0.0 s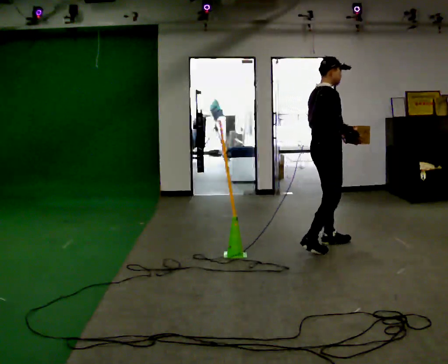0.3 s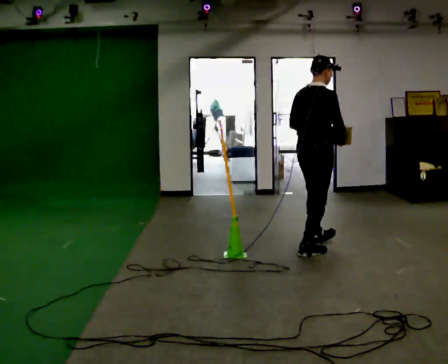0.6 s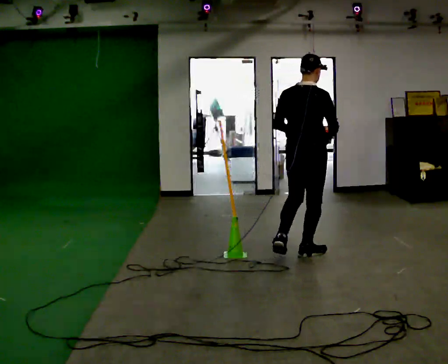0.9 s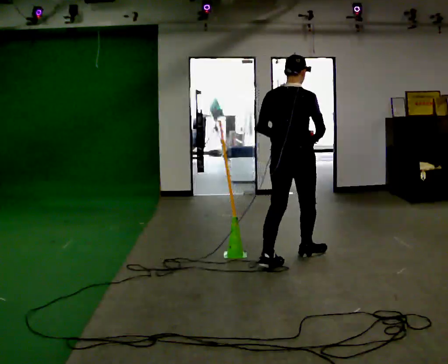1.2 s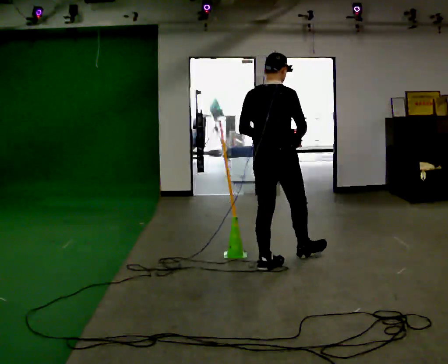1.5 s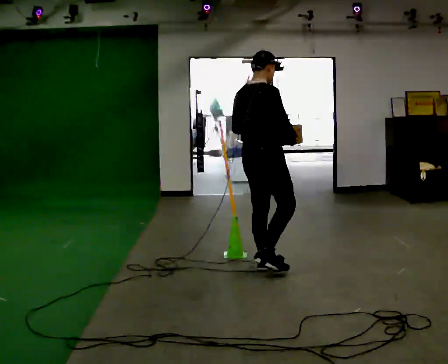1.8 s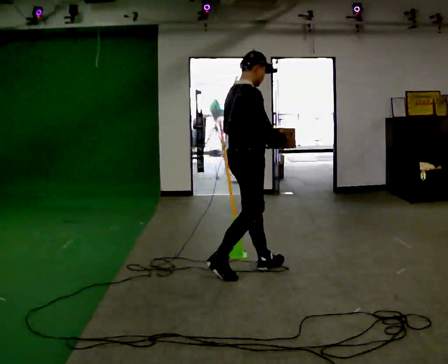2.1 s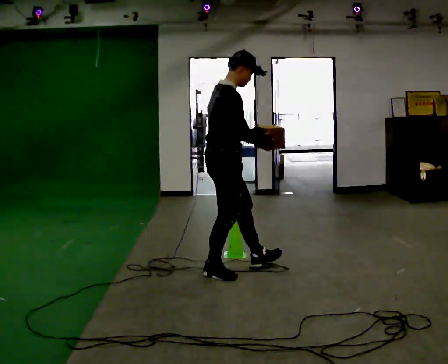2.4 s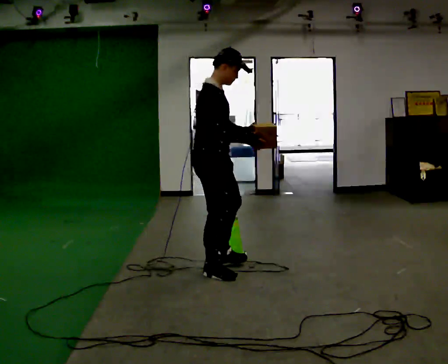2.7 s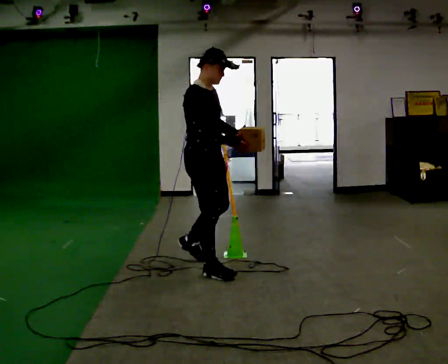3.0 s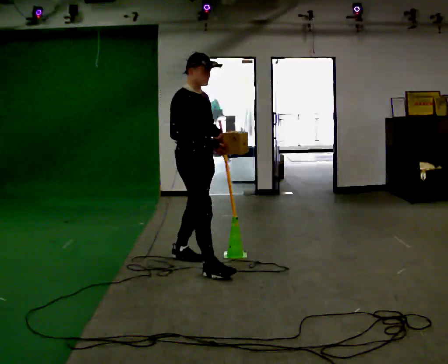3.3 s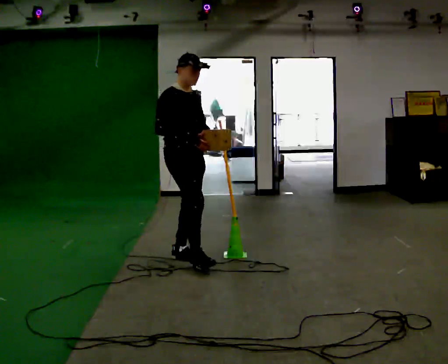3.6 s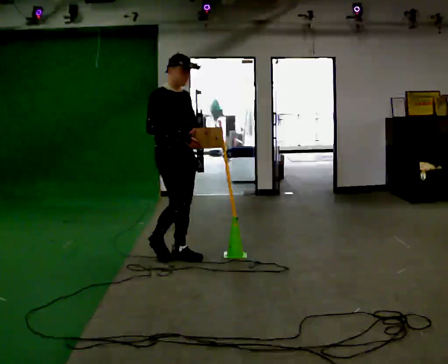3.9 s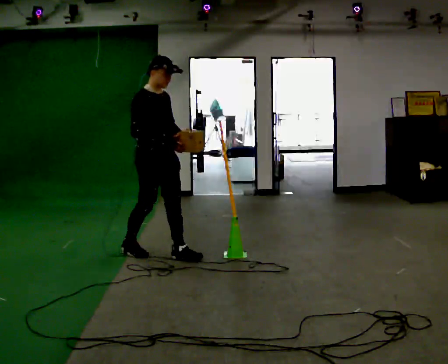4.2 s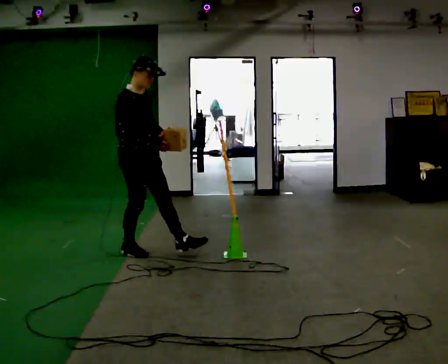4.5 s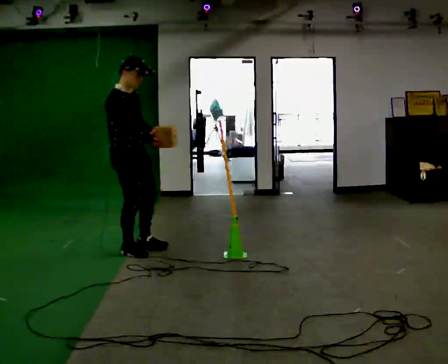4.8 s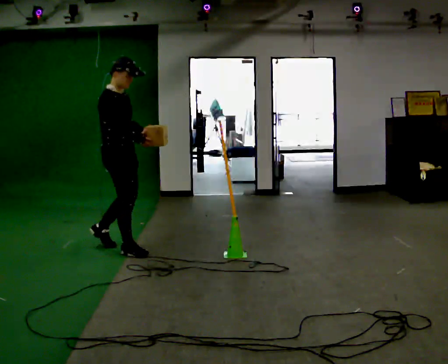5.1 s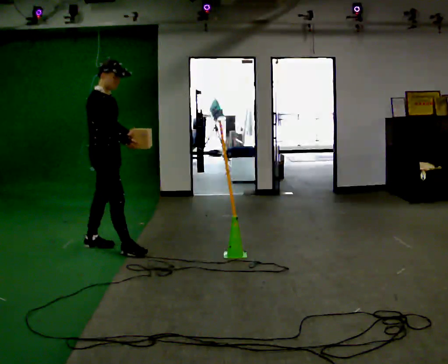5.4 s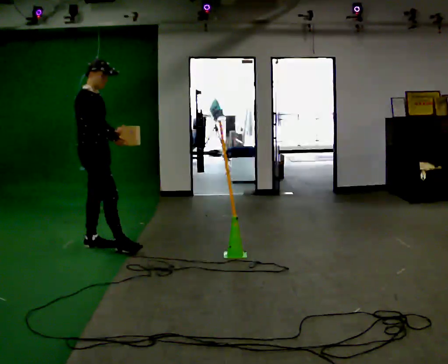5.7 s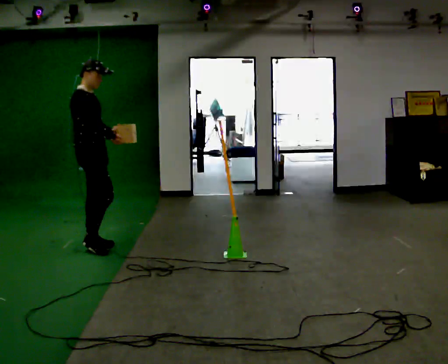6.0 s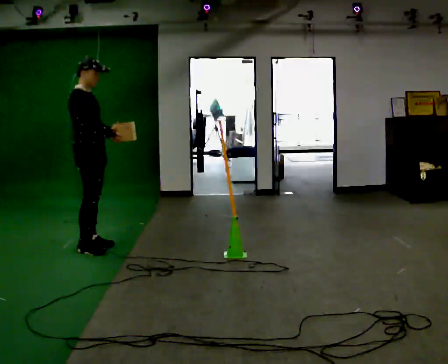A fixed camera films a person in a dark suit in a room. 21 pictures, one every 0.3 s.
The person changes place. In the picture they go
to the left.
0.0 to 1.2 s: The part of the body nearest the lens slides to the right as the person turns to their left by about 45 degrees. In the picture they go to the left and toward the camera, about 0.75 m in 2 steps, which for them is backward.
1.2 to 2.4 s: Seen from above the body turns clockwise, about 60 degrees: to their right, with its near side sliding to the left. In the picture they go to the left, about 0.5 m in 1 step.
2.4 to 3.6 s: The person turns about 30 degrees to their right, clockwise seen from above, so the part of the body nearest the lens slides to the left. In the picture they go away from the camera and to the left, about 0.5 m in 1 step, which for them is backward and to their left.
3.6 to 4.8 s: The person turns about 30 degrees to their left, counterclockwise seen from above, so the part of the body nearest the lens slides to the right. In the picture they go to the left, about 0.5 m in 1 step, which for them is backward.
4.8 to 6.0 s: In the picture they go to the left, about 0.25 m in 1 step, which for them is backward.
The film runs backward here.
